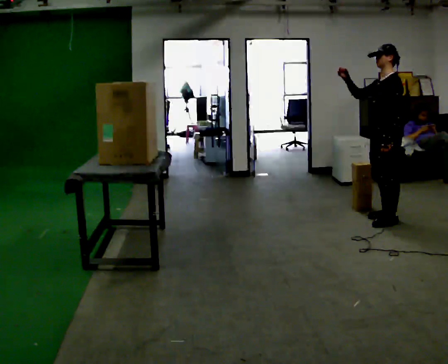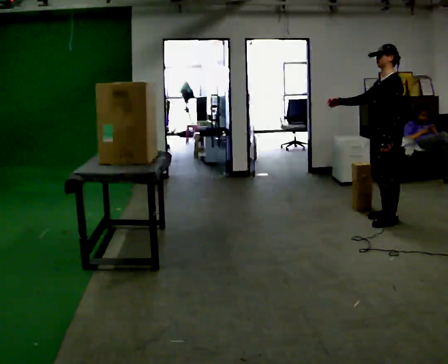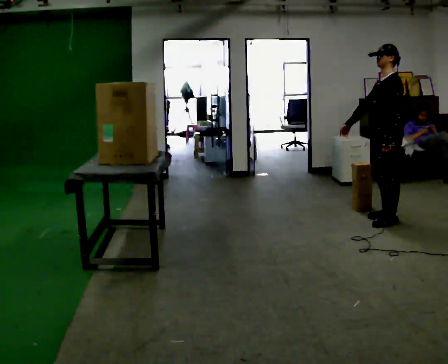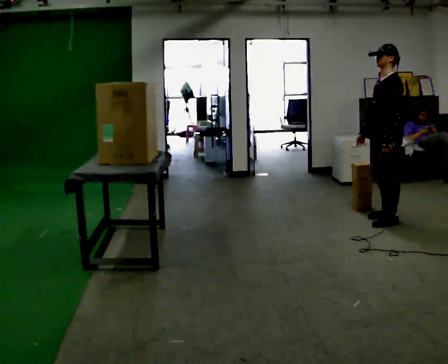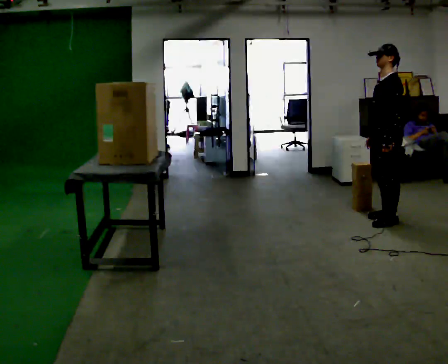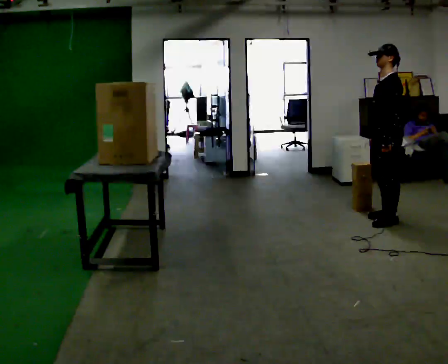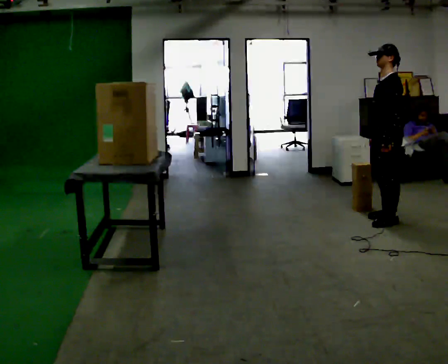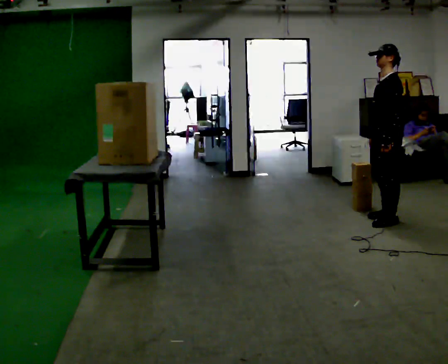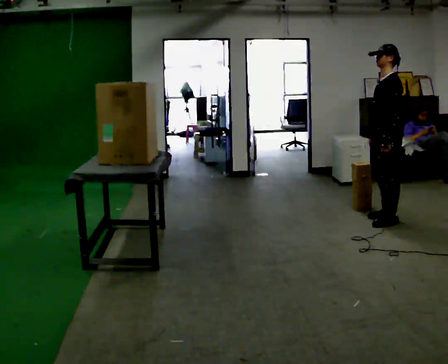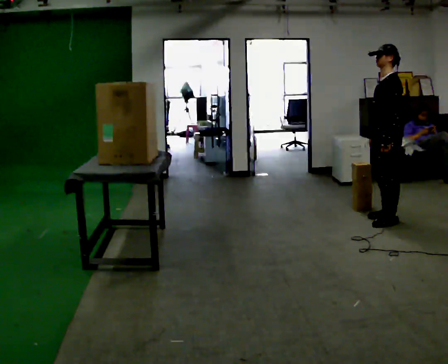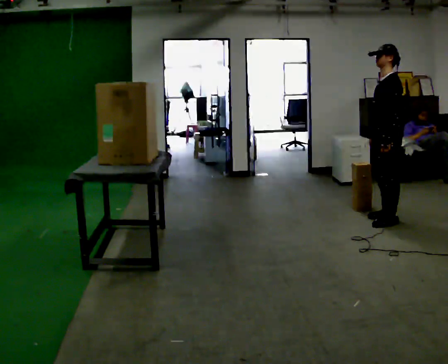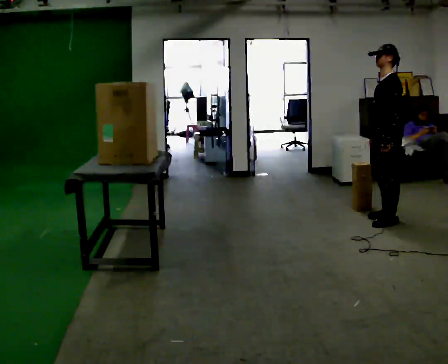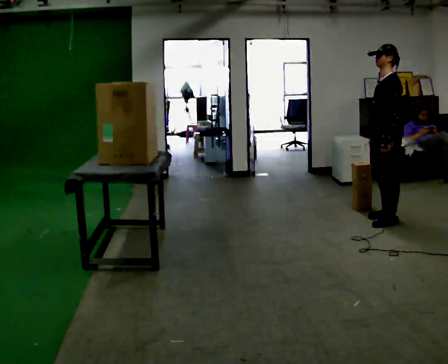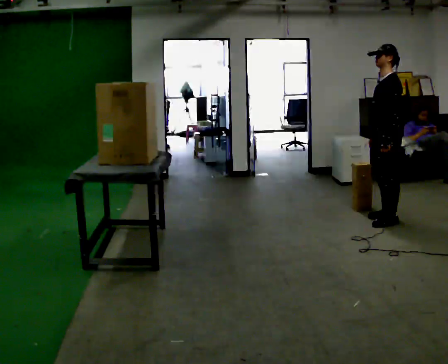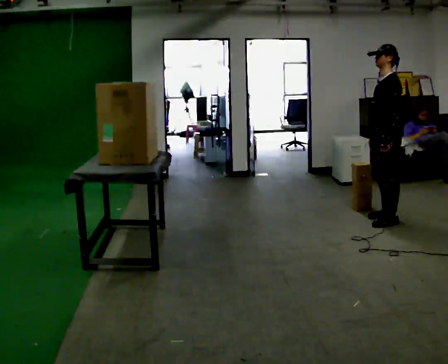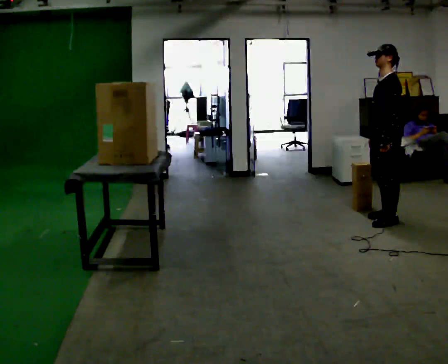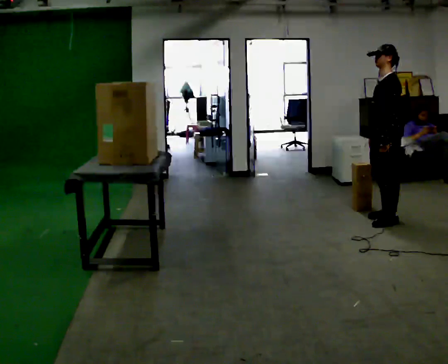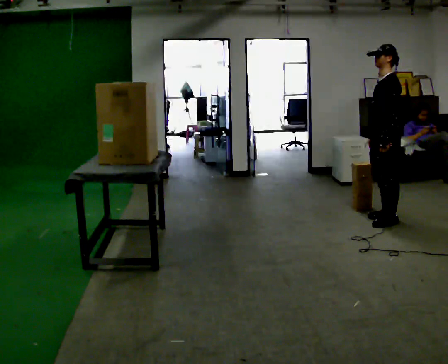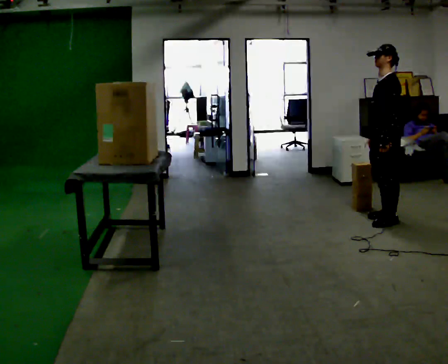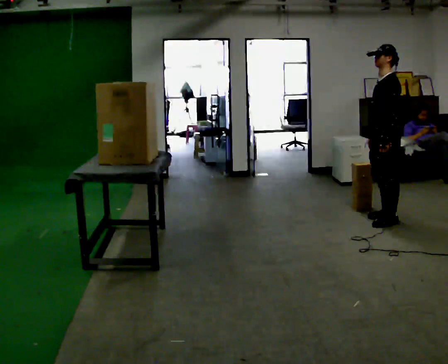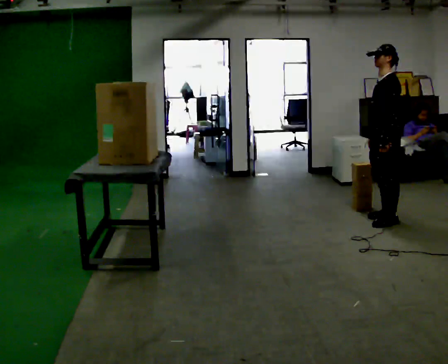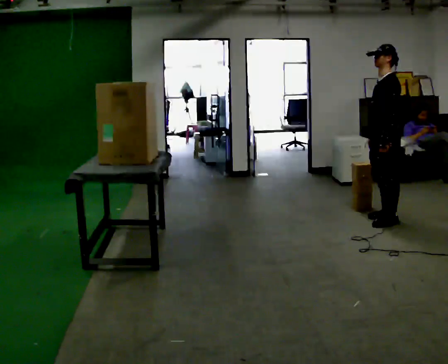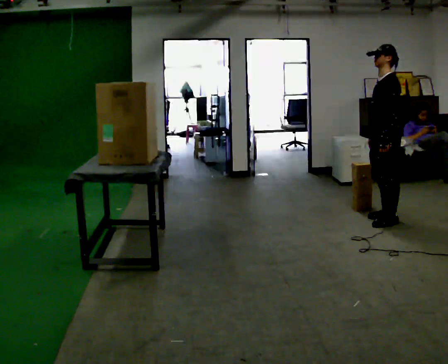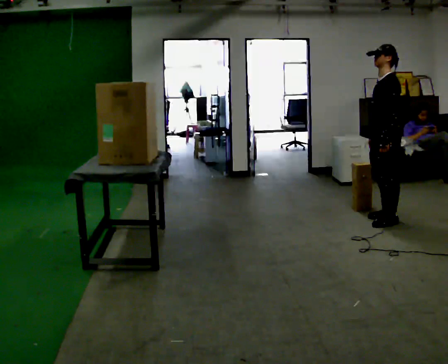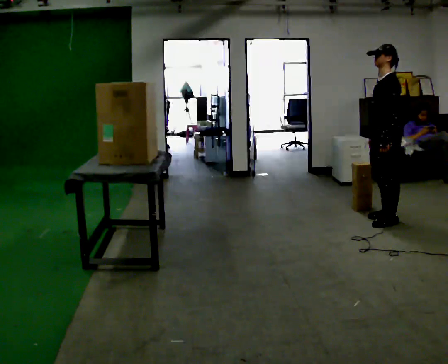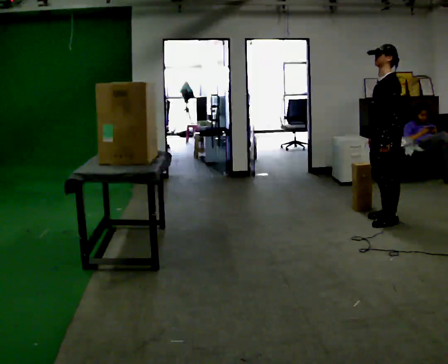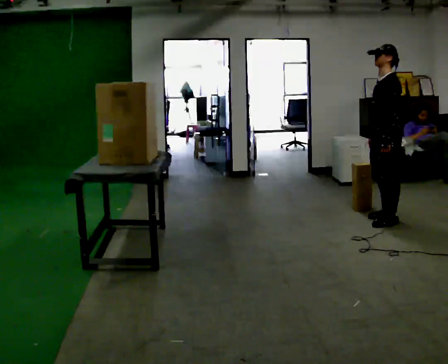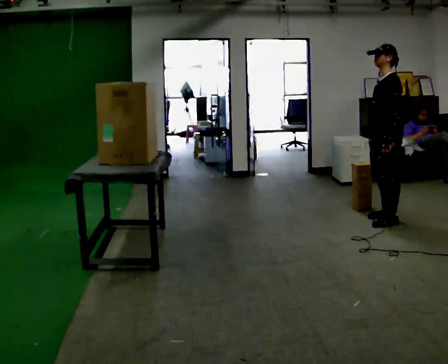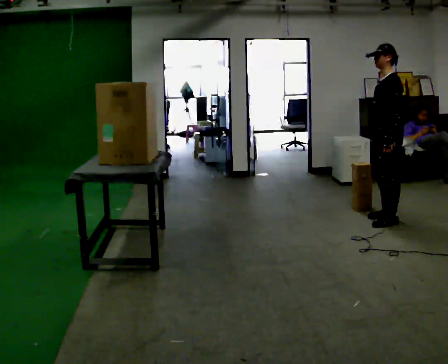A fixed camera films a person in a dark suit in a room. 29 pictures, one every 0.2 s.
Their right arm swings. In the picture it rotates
counterclockwise.
Their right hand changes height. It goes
downward.
0.0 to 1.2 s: In the picture their right hand goes downward, the arm swinging counterclockwise.
1.2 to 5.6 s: The person keeps their place and pose.
The film runs backward here.
